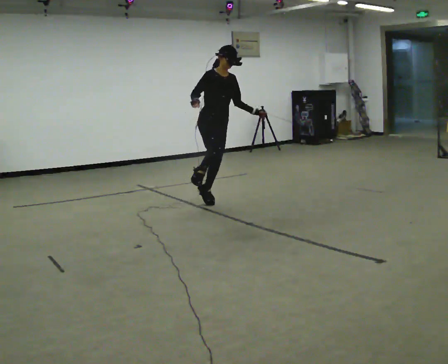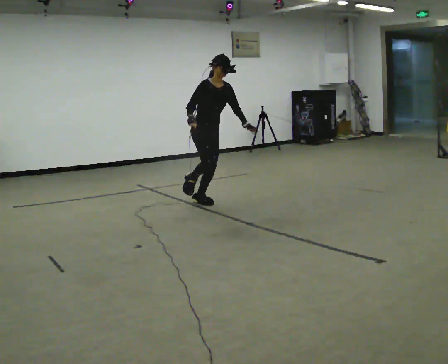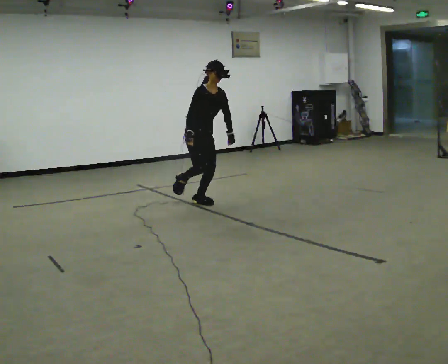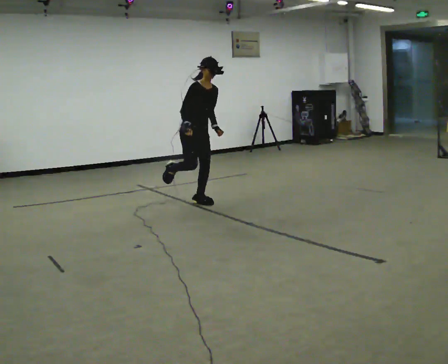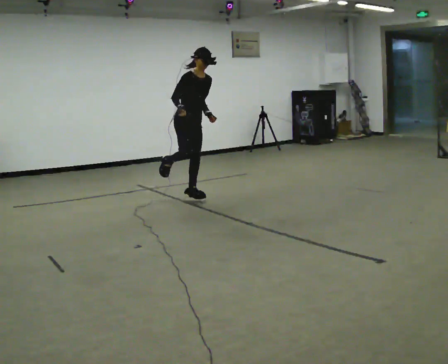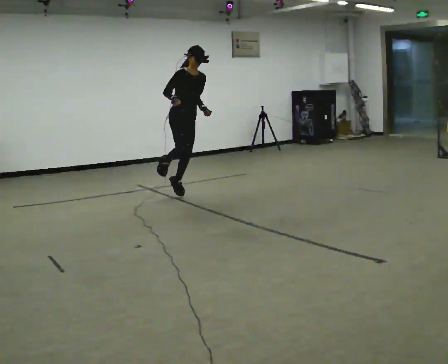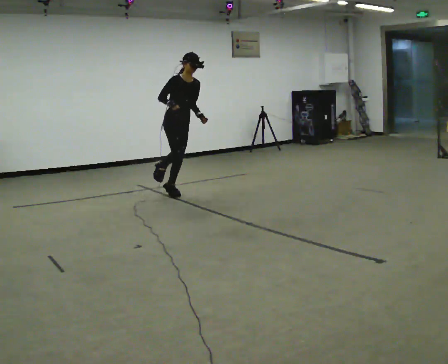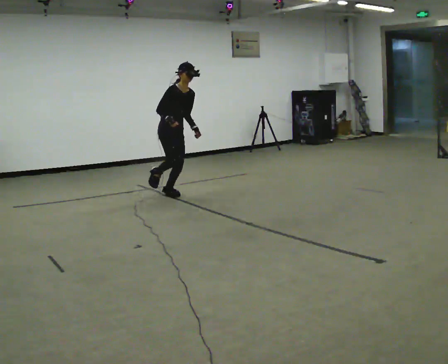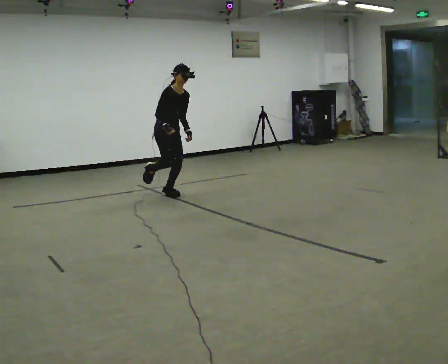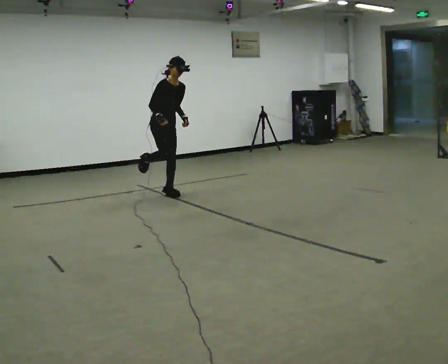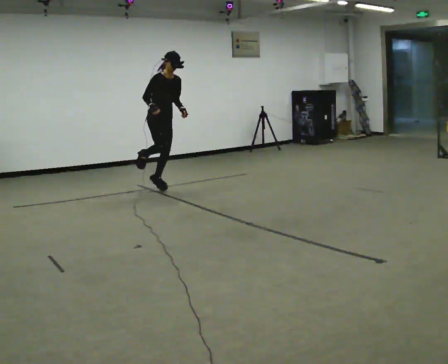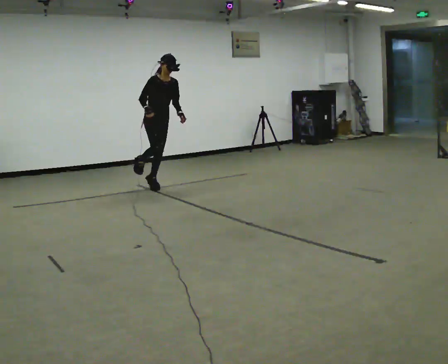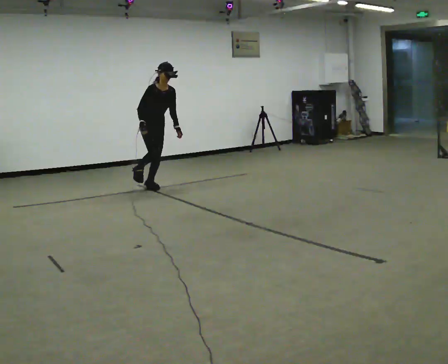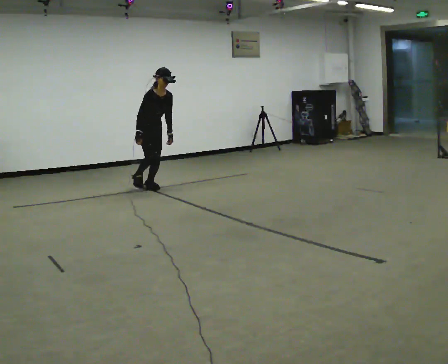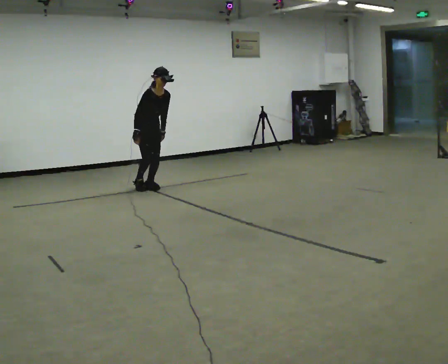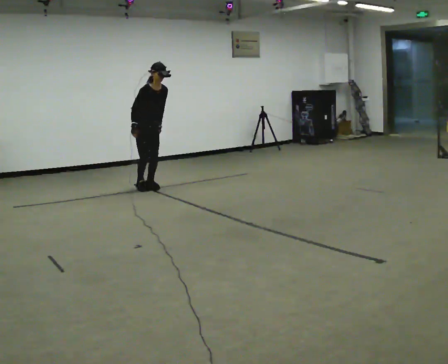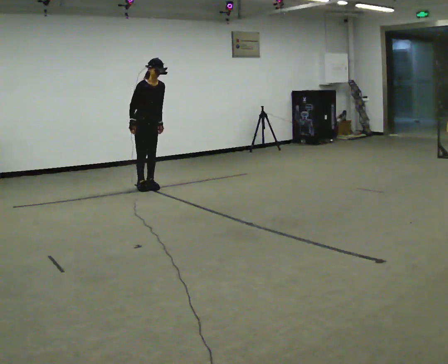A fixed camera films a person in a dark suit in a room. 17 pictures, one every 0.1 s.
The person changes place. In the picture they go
away from the camera.
0.0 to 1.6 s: In the picture they go away from the camera and to the left, about 1.5 m in 2 steps, which for them is backward.
The film runs backward here.
